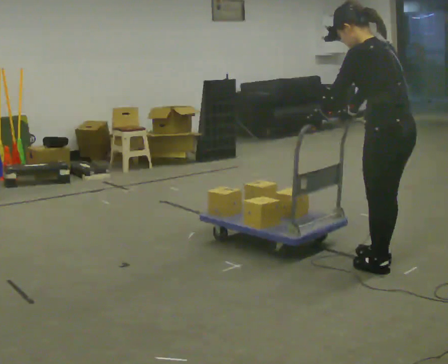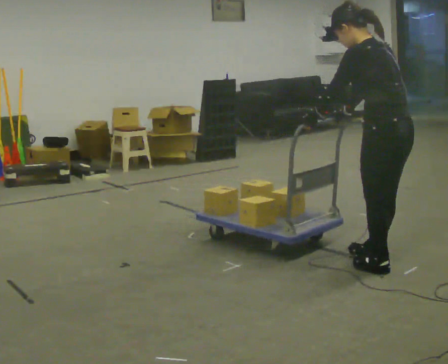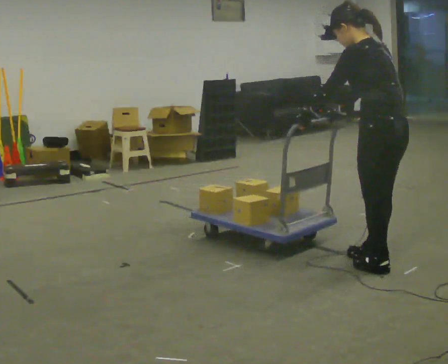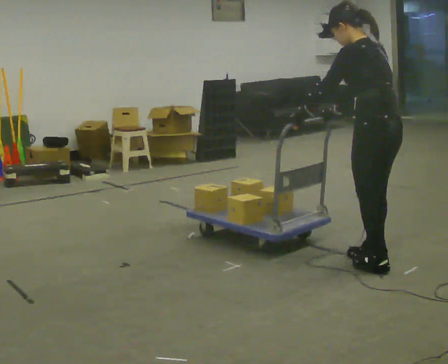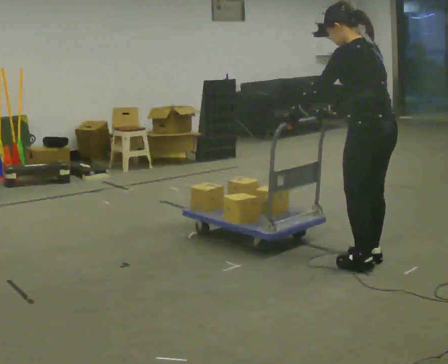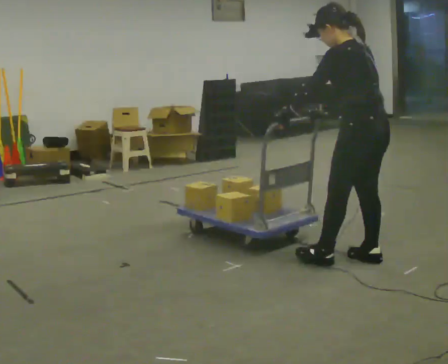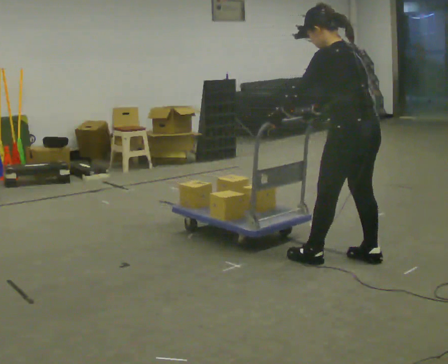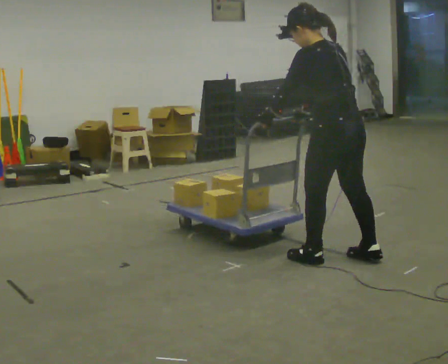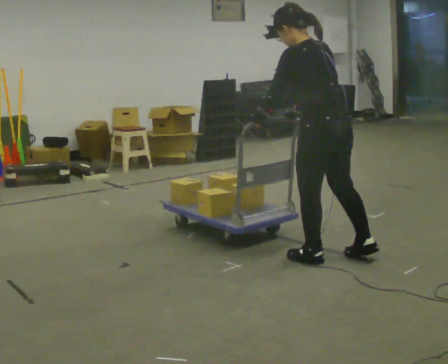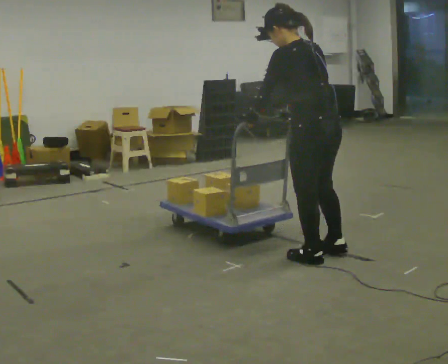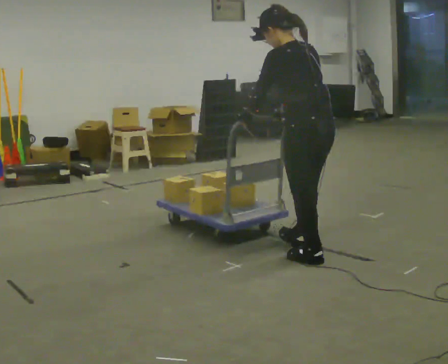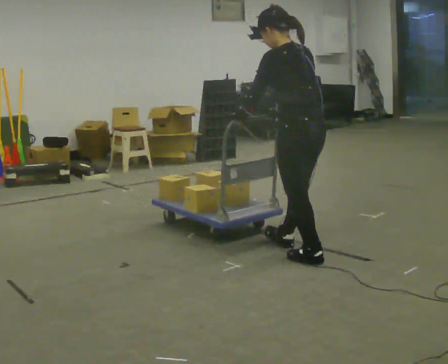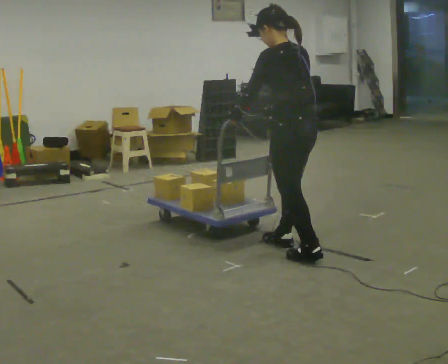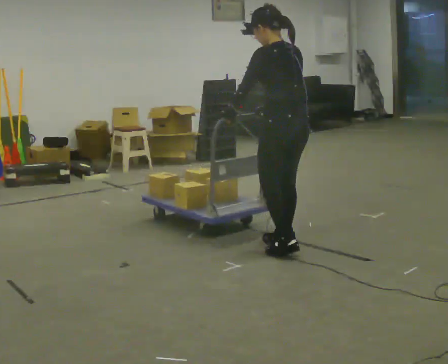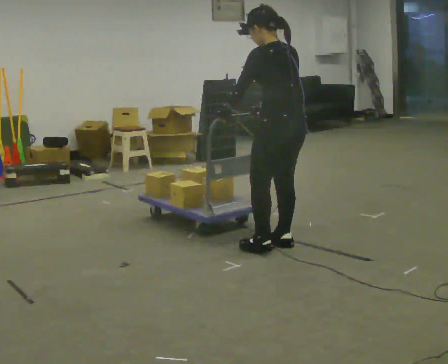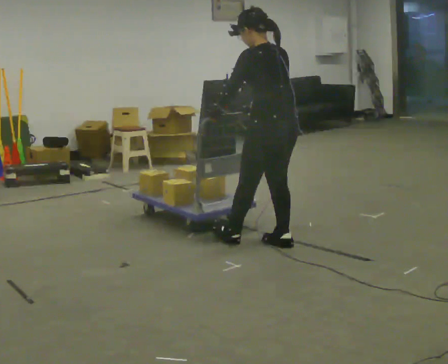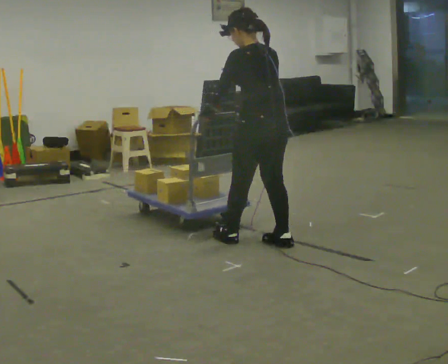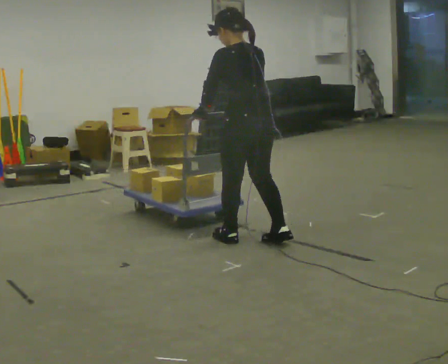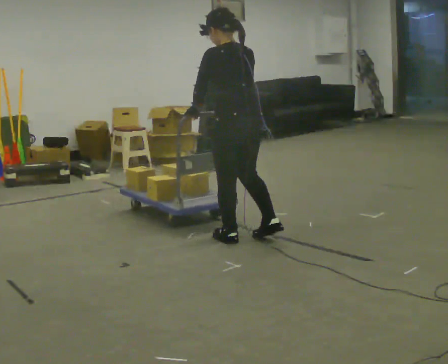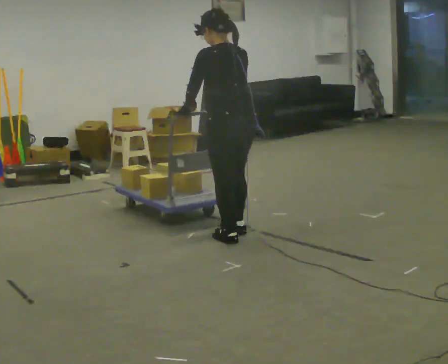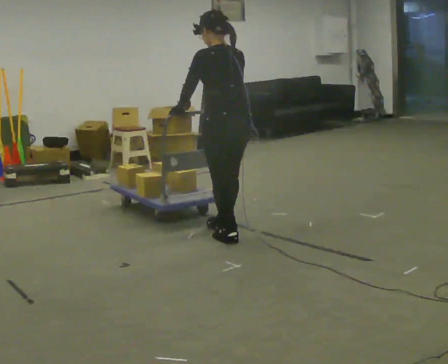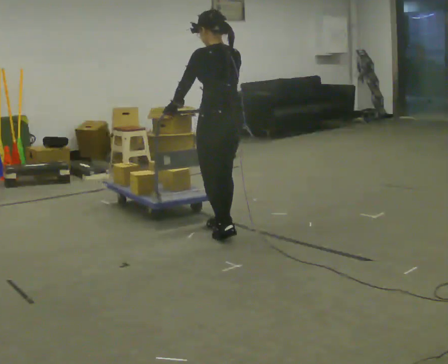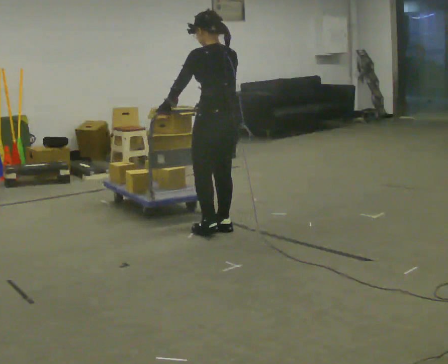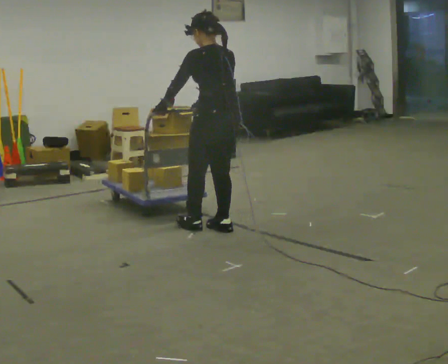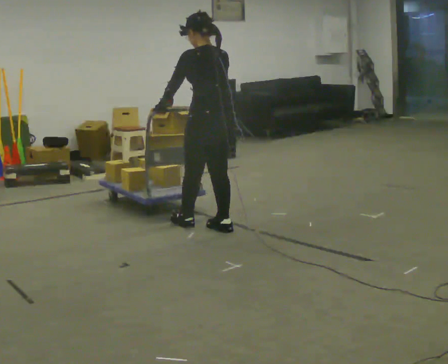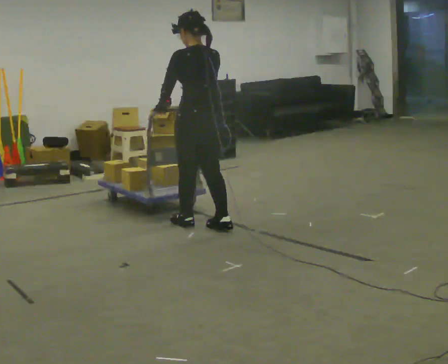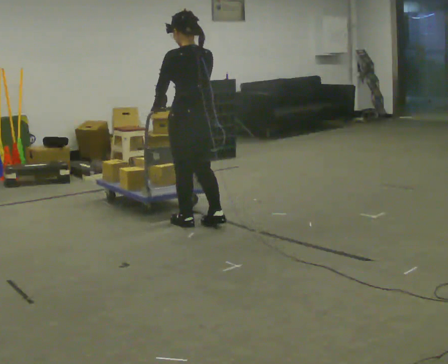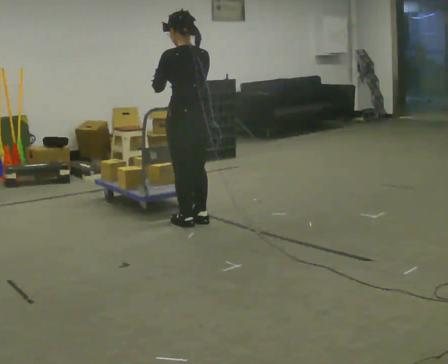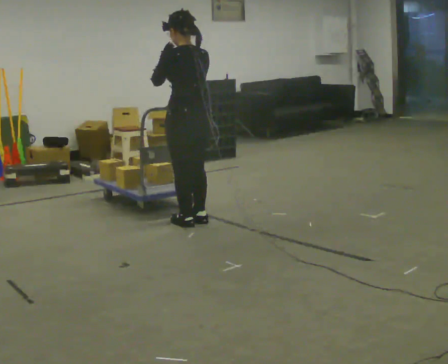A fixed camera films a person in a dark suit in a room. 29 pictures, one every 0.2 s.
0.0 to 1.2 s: In the picture they go away from the camera and to the left, about 0.25 m in 1 step, which for them is forward.
1.2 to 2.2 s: In the picture they go to the left, about 0.25 m in 1 step, which for them is forward and to their left.
2.2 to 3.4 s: In the picture they go to the left and away from the camera, about 0.5 m in 1 step, which for them is forward.
3.4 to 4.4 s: In the picture they go away from the camera and to the left, about 0.25 m in 2 steps, which for them is forward.
4.4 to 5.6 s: In the picture they go to the left, about 0.25 m in 1 step, which for them is forward. In the picture their left hand goes upward.
The film runs backward here.
